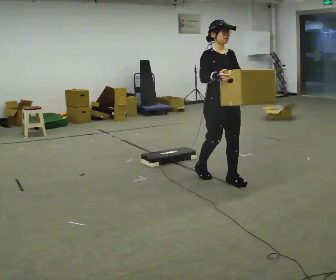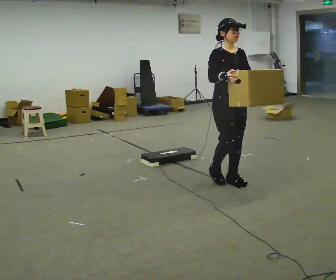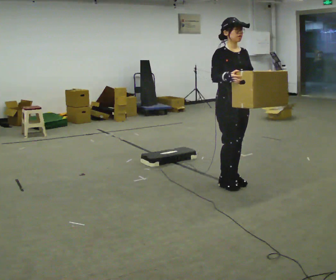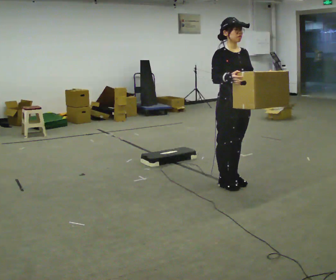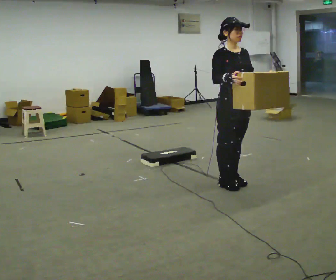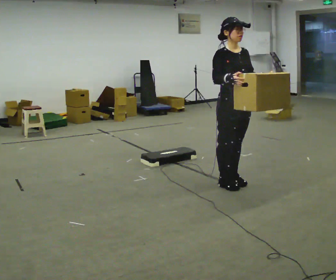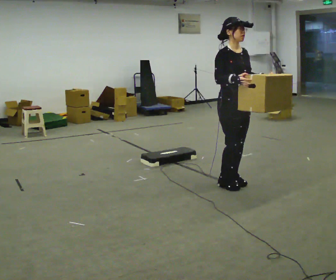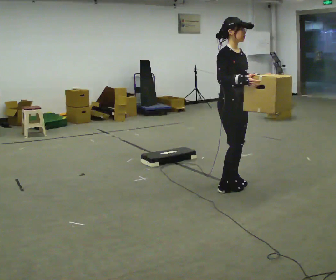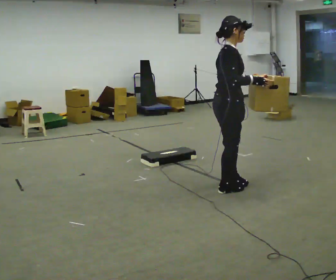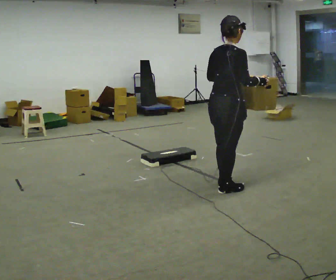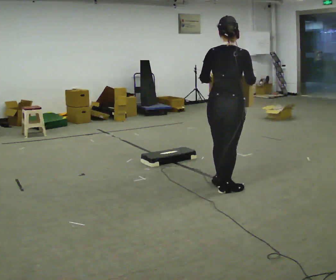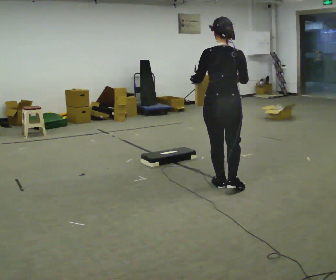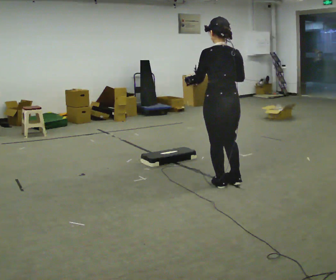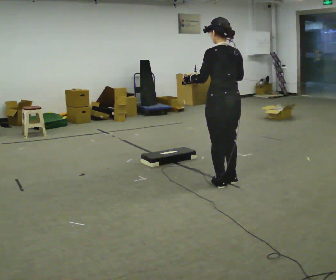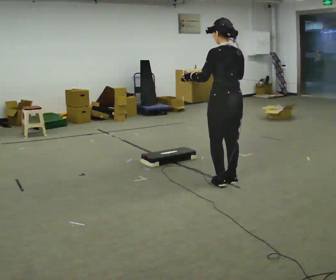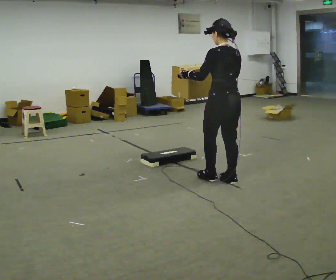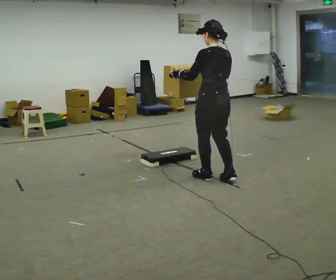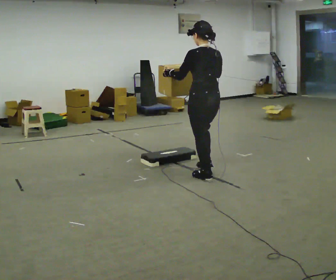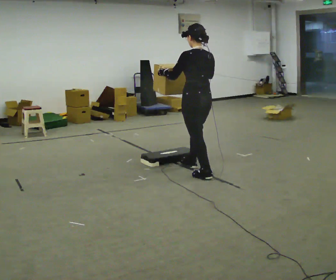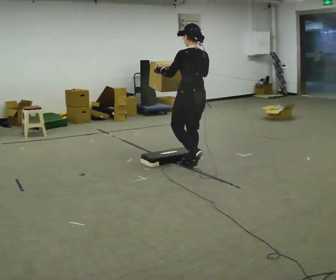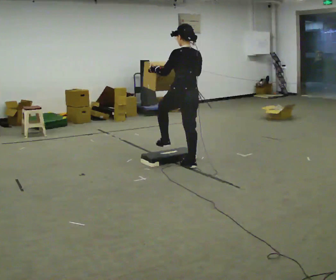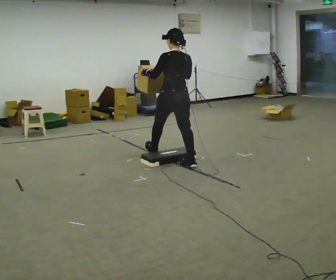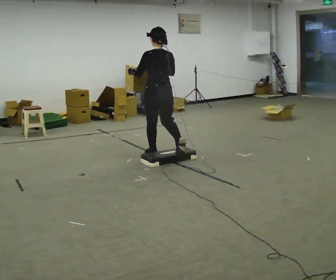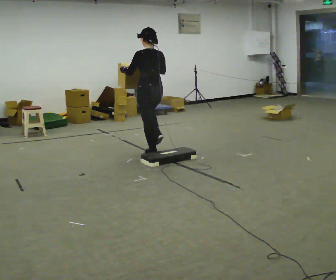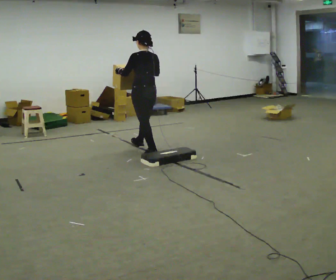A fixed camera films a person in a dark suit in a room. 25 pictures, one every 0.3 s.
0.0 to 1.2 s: The person moves a little, or ends about where they began.
1.2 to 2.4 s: The person turns about 60 degrees to their left, counterclockwise seen from above, so the part of the body nearest the lens slides to the right. In the picture they go toward the camera, about 0.25 m in 1 step, which for them is to their right.
2.4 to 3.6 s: The person turns about 105 degrees to their left, counterclockwise seen from above, so the part of the body nearest the lens slides to the right. In the picture their left hand goes to the left.
3.6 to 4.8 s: In the picture they go away from the camera, about 0.25 m in 2 steps, which for them is forward.
4.8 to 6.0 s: In the picture they go away from the camera and to the left, about 0.5 m in 1 step, which for them is forward.
6.0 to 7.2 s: In the picture they go away from the camera and to the left, about 1 m in 1 step, which for them is forward.
The film runs forward here.
